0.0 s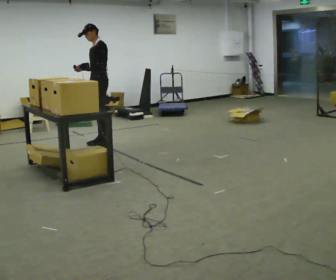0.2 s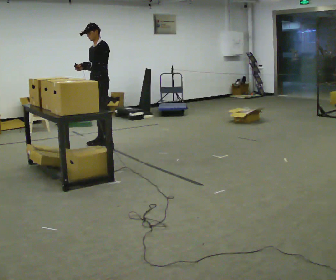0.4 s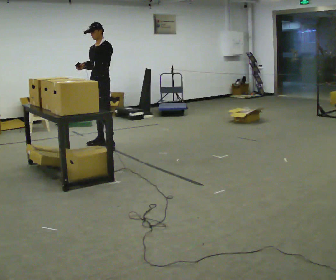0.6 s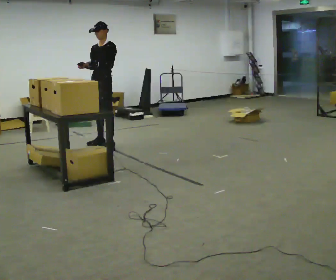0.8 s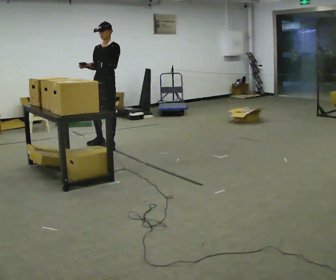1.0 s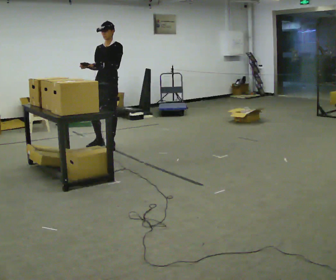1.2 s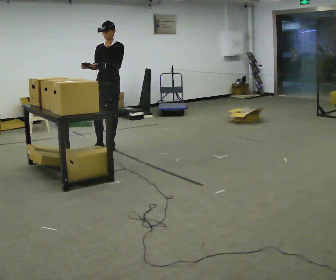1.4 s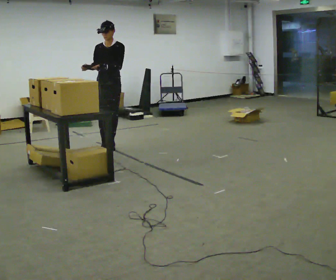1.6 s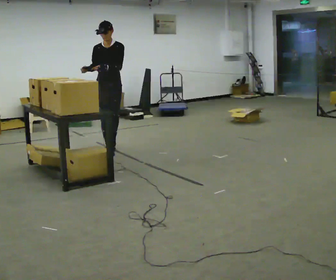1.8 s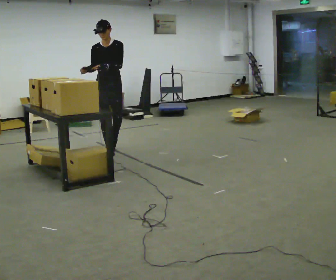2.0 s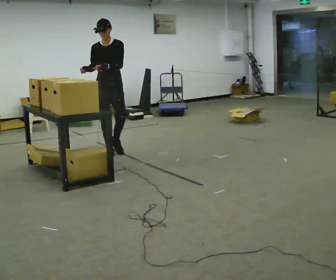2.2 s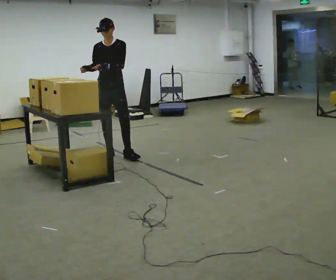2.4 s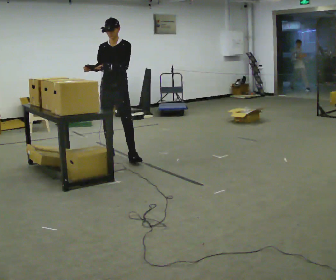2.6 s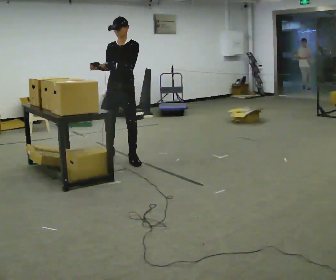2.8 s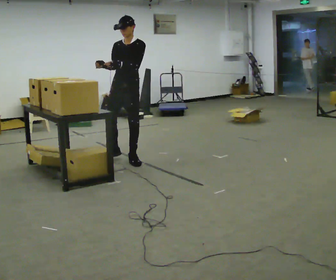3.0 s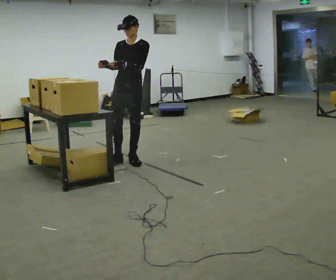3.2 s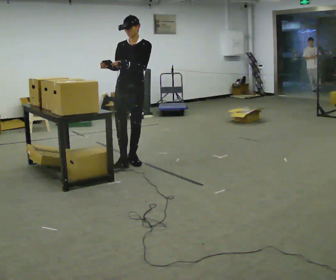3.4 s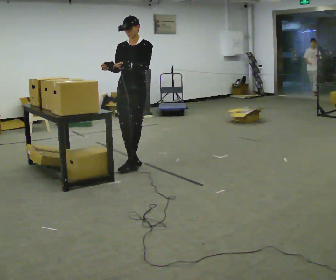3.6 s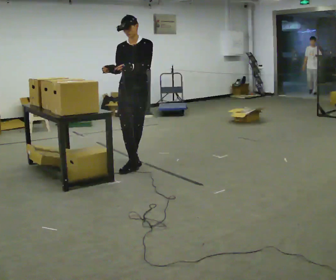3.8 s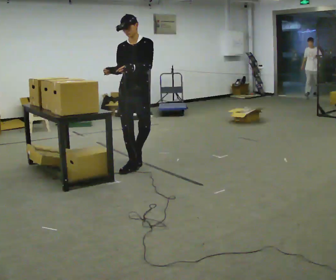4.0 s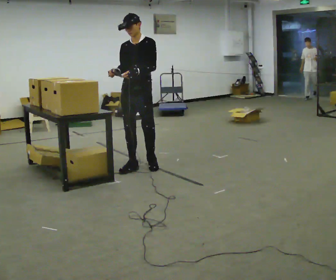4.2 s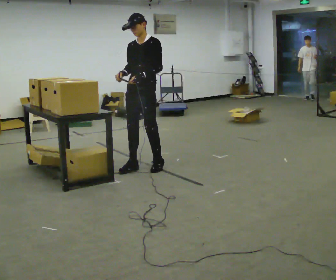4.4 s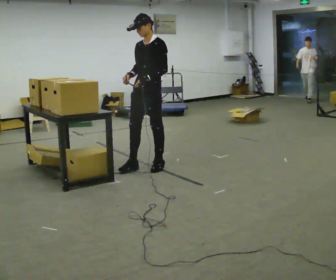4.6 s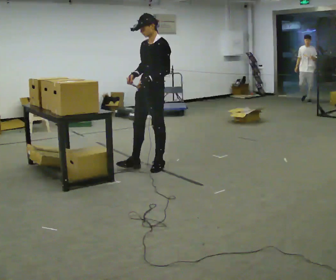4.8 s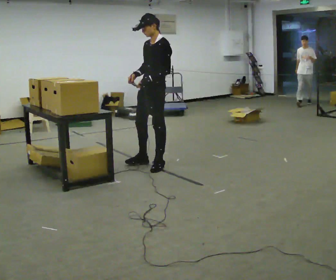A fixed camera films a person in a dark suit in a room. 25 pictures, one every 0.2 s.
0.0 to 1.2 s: Seen from above the body turns counterclockwise, about 45 degrees: to their left, with its near side sliding to the right. In the picture they go toward the camera, about 0.25 m in 1 step, which for them is to their left.
1.2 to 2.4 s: In the picture they go toward the camera, about 0.5 m in 2 steps, which for them is forward.
2.4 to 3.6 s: In the picture they go toward the camera and to the right, about 0.5 m in 1 step, which for them is forward and to their left.
3.6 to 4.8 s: The person turns about 60 degrees to their right, clockwise seen from above, so the part of the body nearest the lens slides to the left. In the picture they go to the right, about 0.25 m in 1 step, which for them is to their left.
The film runs forward here.
